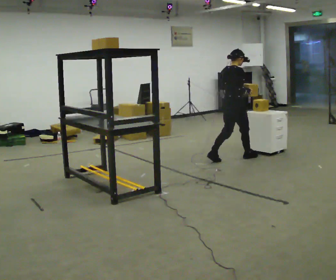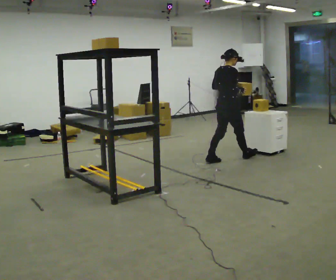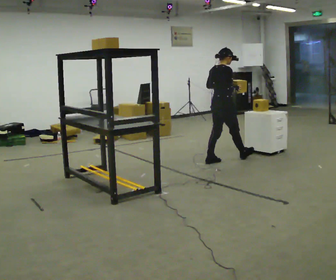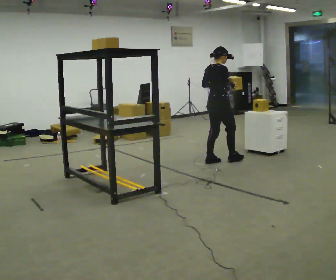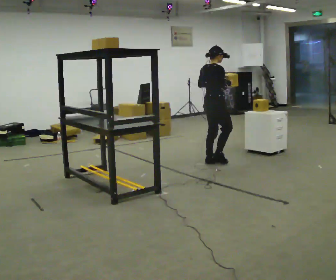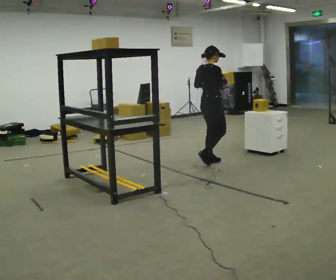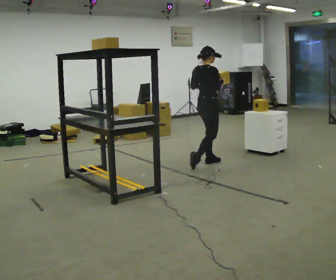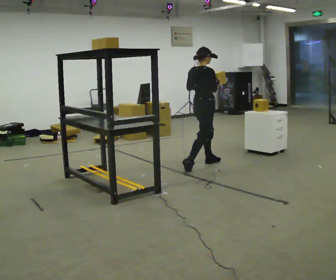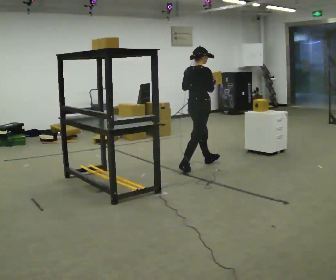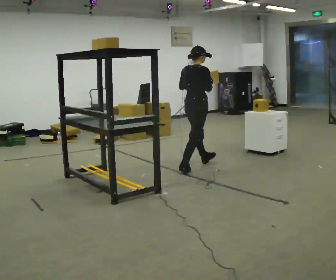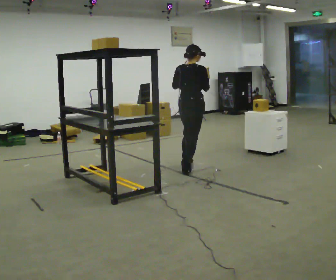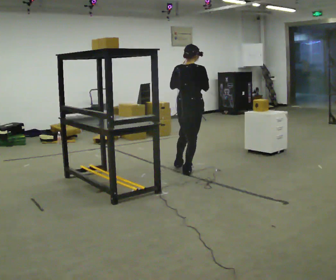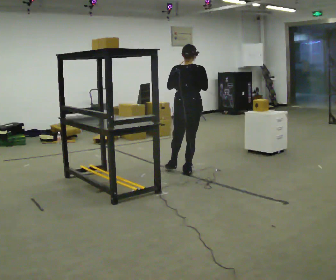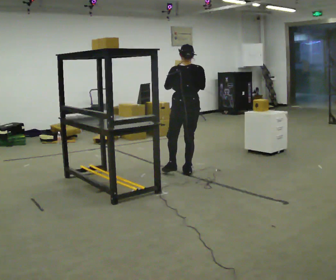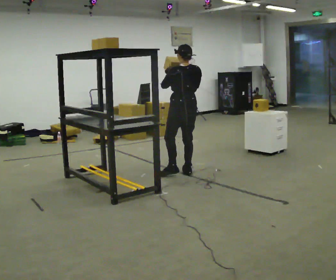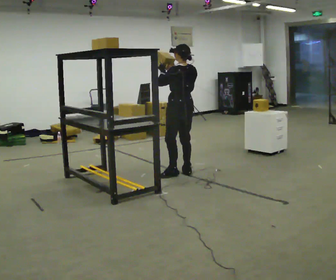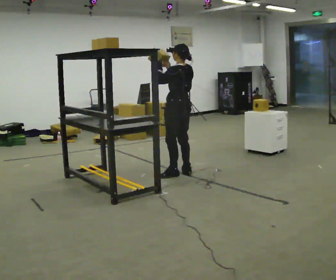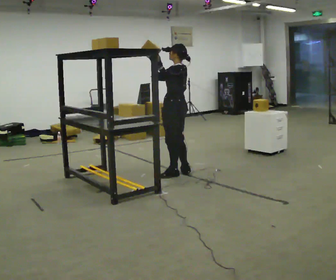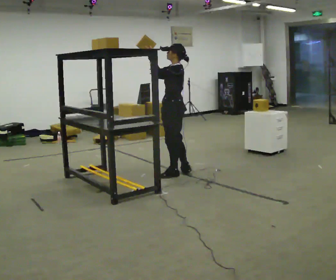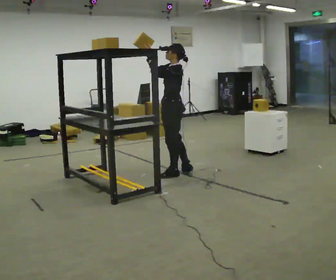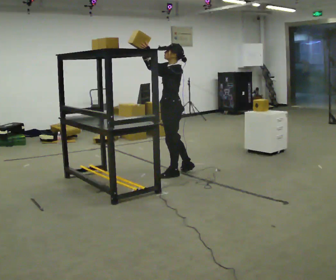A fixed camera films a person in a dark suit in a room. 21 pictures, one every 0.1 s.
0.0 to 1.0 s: In the picture they go to the left and toward the camera, about 0.5 m in 2 steps, which for them is backward.
1.0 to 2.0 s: The part of the body nearest the lens slides to the right as the person turns to their left by about 135 degrees. In the picture they go toward the camera and to the left, about 0.25 m in 1 step. In the picture their right hand goes upward.
The film runs backward here.
